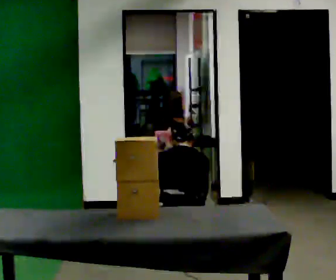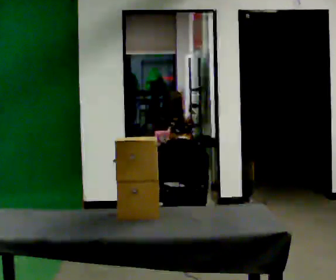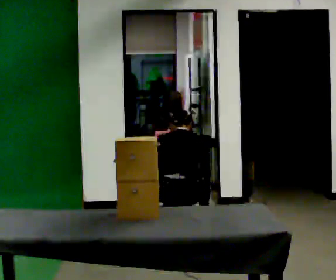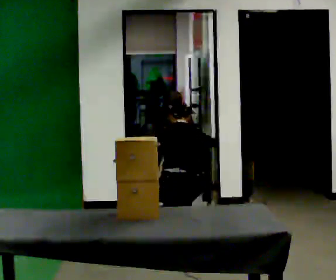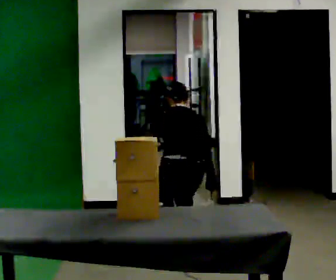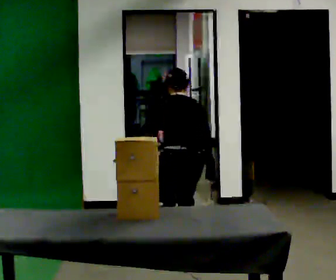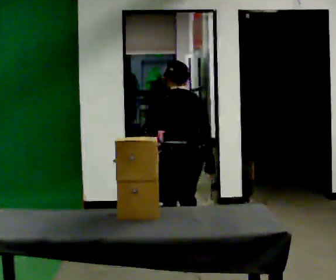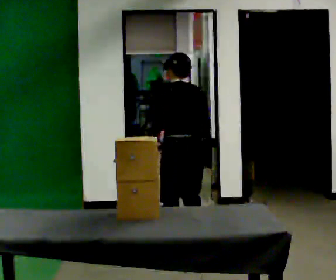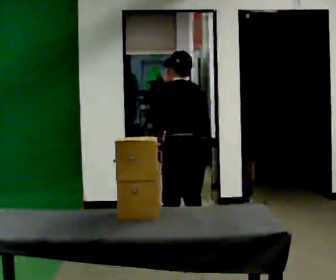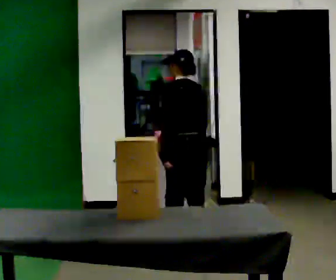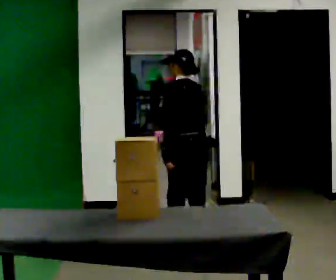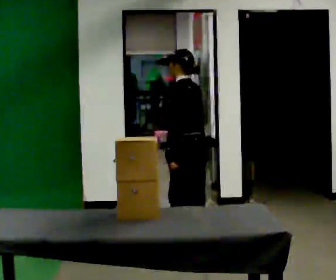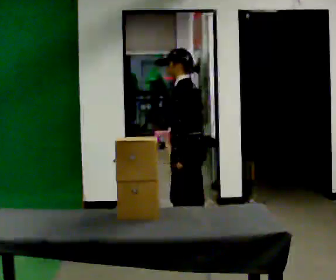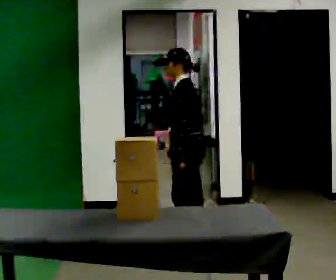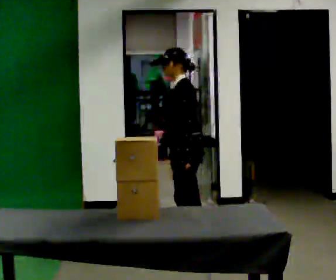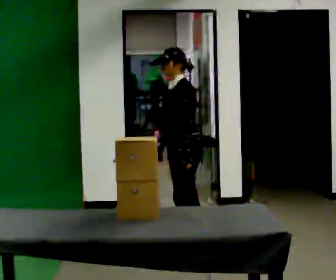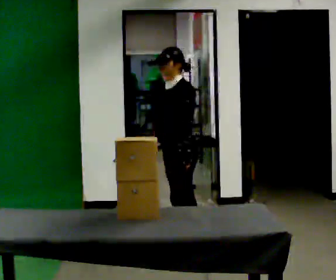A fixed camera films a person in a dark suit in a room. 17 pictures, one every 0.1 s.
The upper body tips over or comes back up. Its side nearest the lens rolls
downward.
Their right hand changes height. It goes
upward.
0.0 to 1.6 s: Seen from above the body turns counterclockwise, about 120 degrees: to their left, with its near side sliding to the right. The upper body goes upward. The upper body tips toward the camera, its near side rolling downward, as they lean back or straighten. In the picture their left hand goes upward.
The film runs forward here.
